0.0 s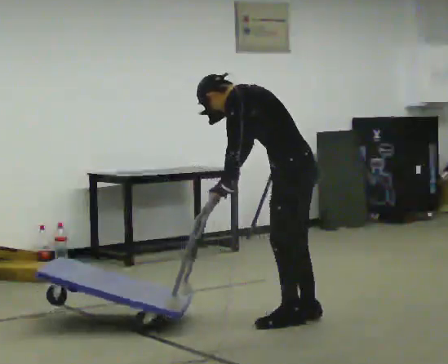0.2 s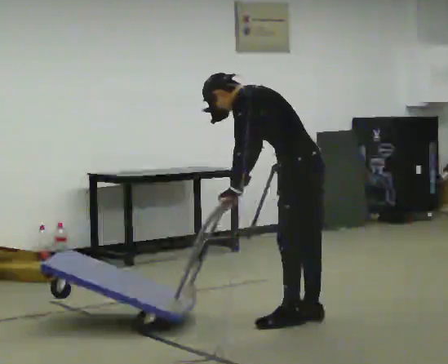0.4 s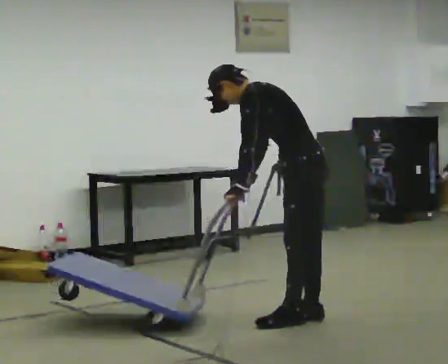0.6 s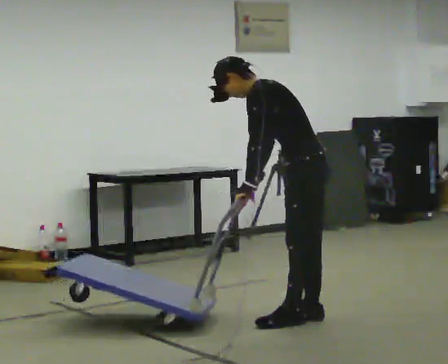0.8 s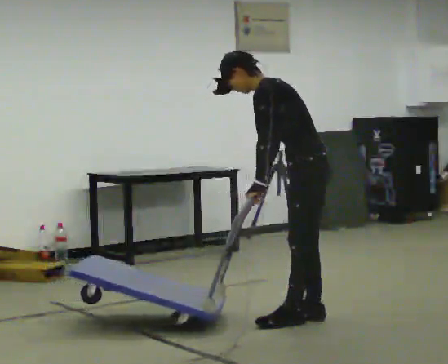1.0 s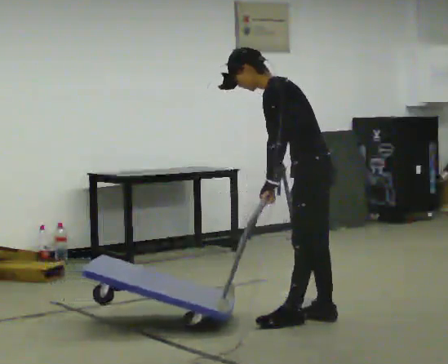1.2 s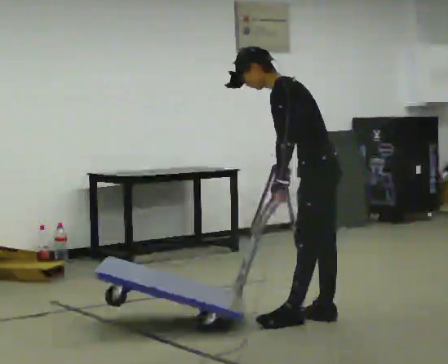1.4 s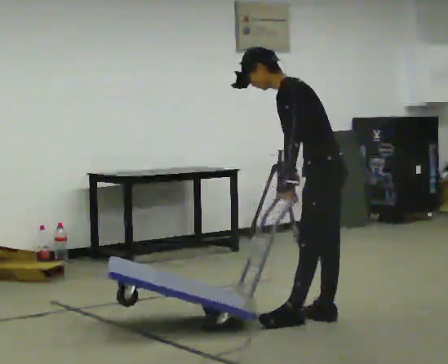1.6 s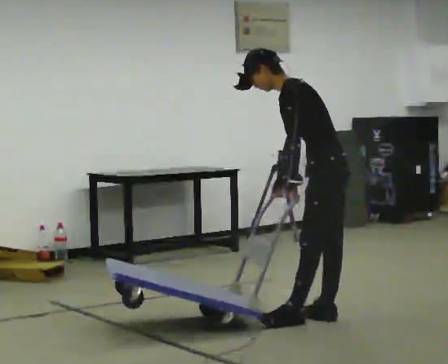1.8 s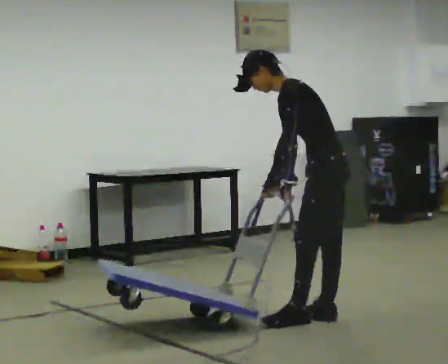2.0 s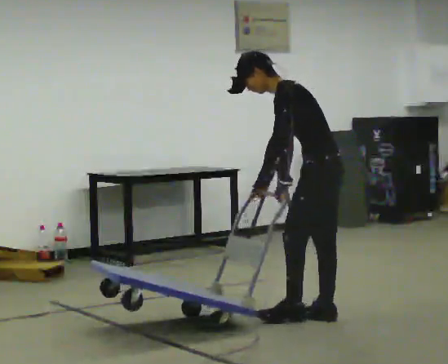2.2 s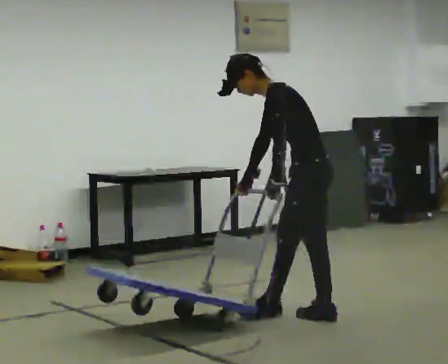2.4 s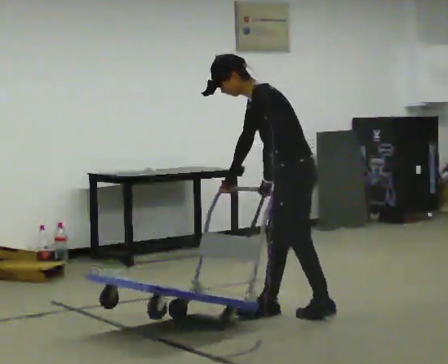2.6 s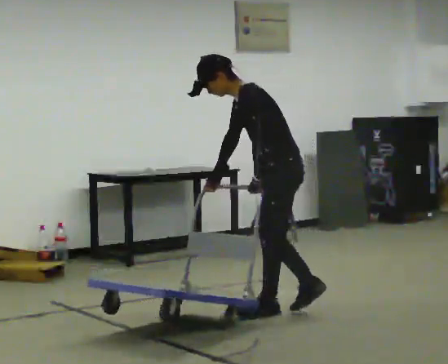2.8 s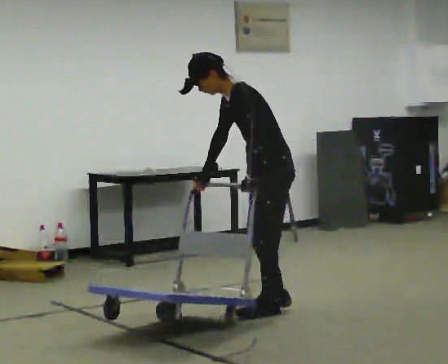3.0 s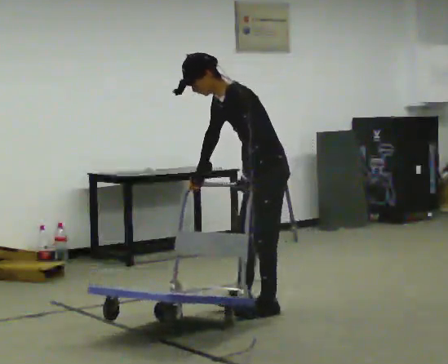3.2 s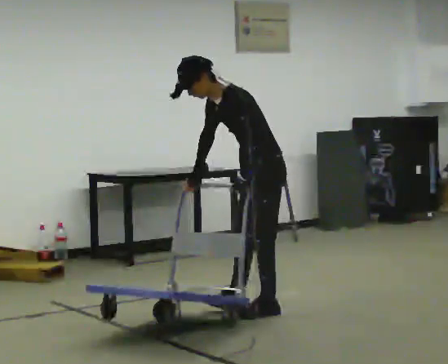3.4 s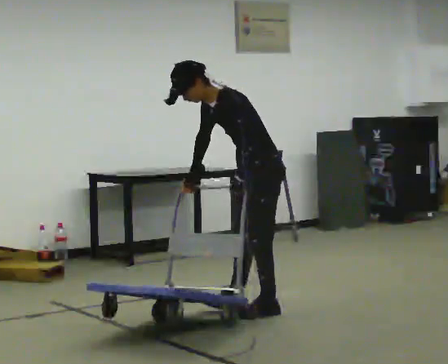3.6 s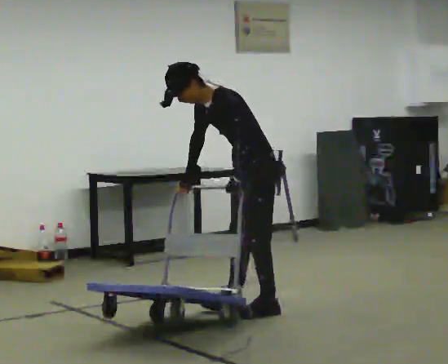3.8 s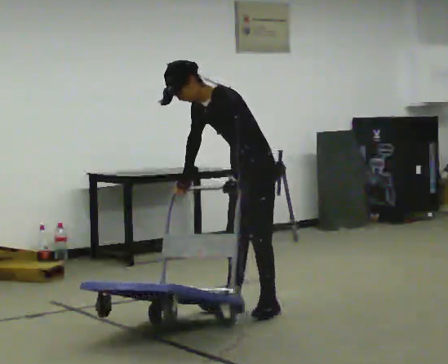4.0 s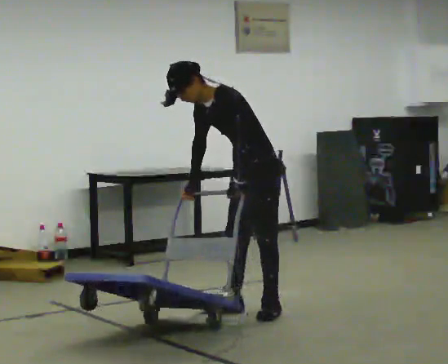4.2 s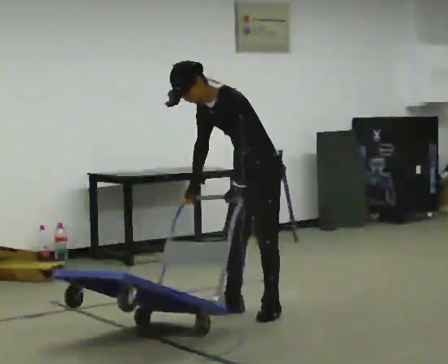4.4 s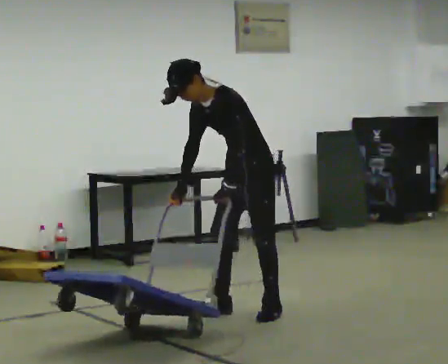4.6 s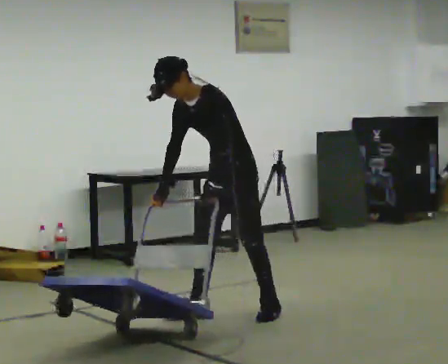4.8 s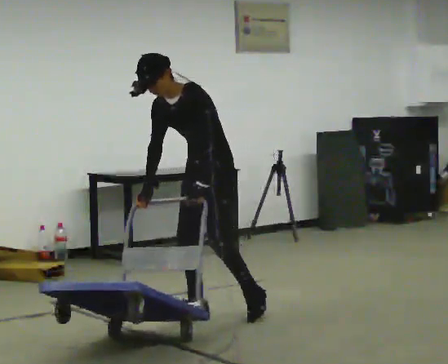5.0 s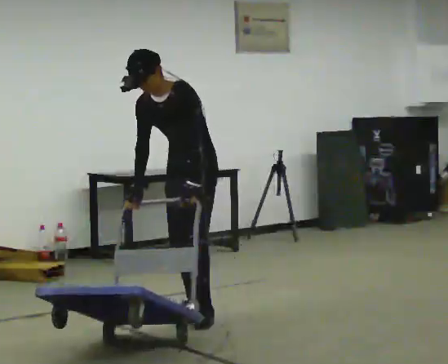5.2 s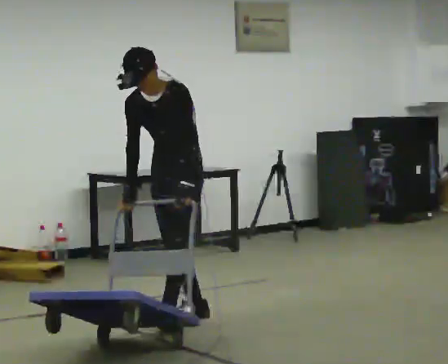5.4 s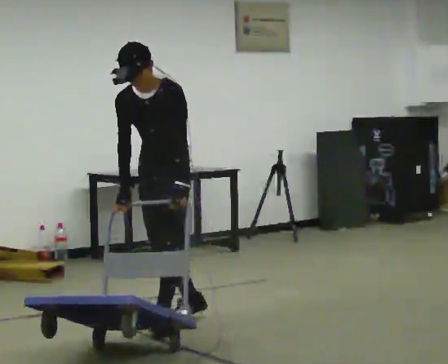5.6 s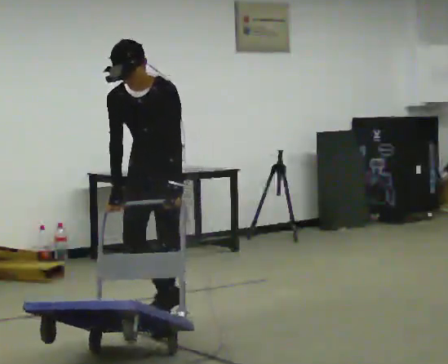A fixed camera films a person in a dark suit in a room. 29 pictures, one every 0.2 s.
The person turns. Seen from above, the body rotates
counterclockwise.
The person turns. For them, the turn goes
to their left.
0.0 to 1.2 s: In the picture they go to the right, about 0.25 m, which for them is to their right and backward.
1.2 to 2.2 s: The person moves a little, or ends about where they began.
2.2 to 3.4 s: In the picture they go to the left, about 0.25 m in 2 steps, which for them is forward and to their right. The upper body tips toward the camera, its near side rolling downward.
3.4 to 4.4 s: The person moves a little, or ends about where they began.
4.4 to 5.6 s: Seen from above the body turns counterclockwise, about 30 degrees: to their left, with its near side sliding to the right. In the picture they go to the left and toward the camera, about 0.5 m in 2 steps, which for them is forward and to their right. In the picture the upper body tilts clockwise, shoulders to the right.
The film runs forward here.
